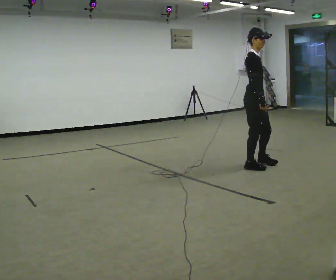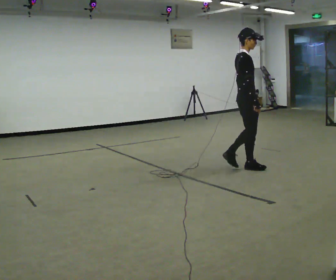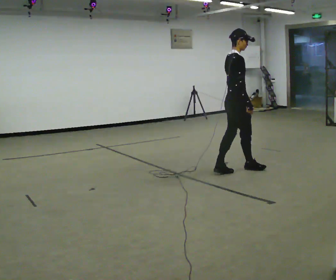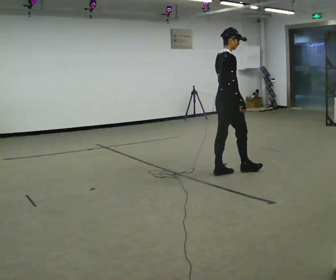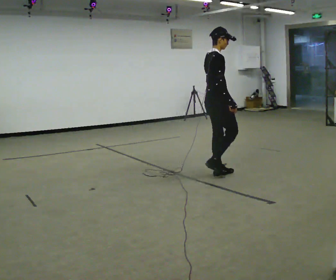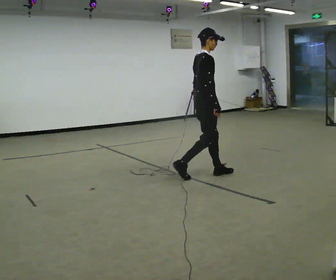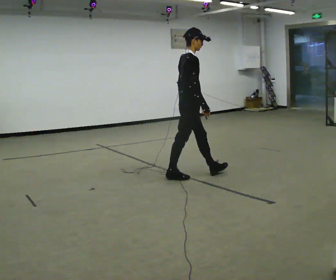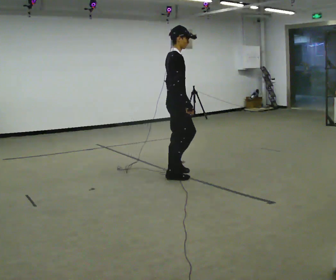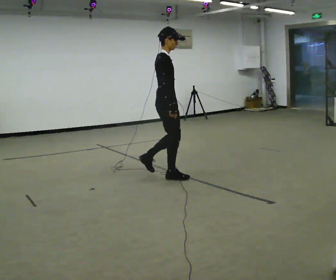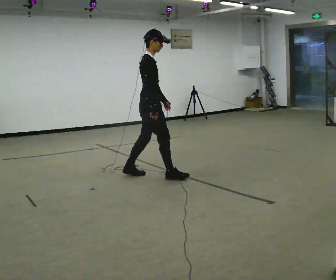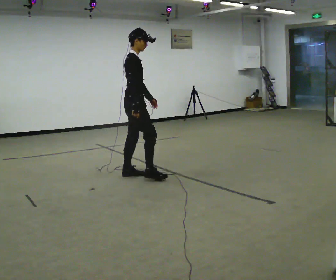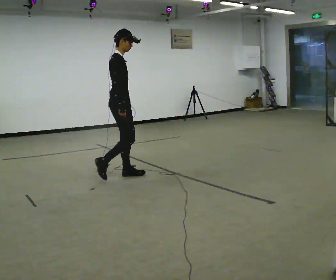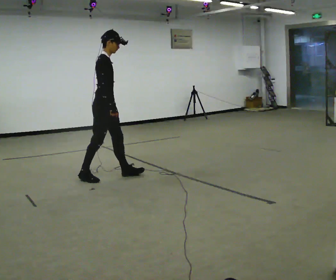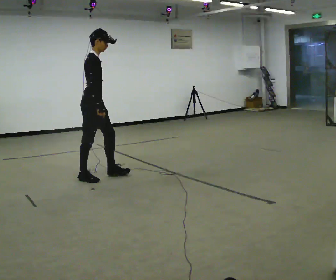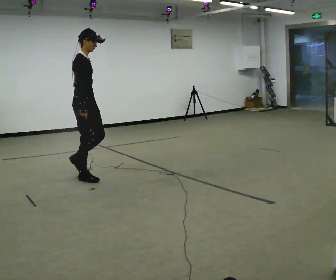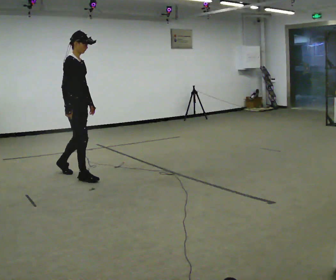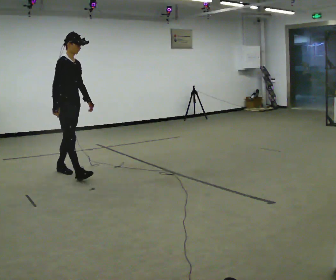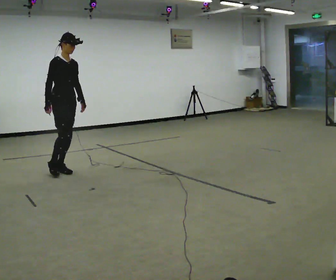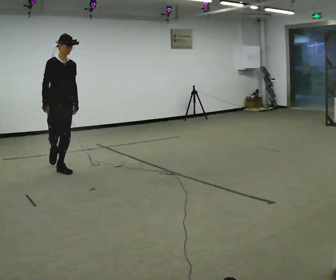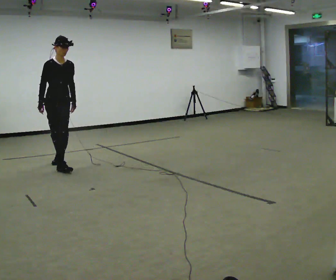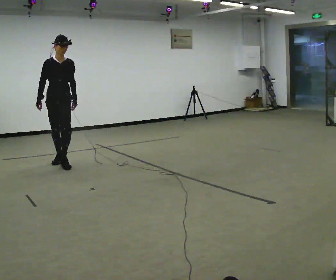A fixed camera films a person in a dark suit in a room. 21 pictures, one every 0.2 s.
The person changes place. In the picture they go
to the left.
The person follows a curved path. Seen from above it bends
clockwise.
0.0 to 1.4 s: The part of the body nearest the lens slides to the right as the person turns to their left by about 30 degrees. In the picture they go to the left, about 1 m in 2 steps, which for them is backward.
1.4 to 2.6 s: In the picture they go to the left, about 1 m in 2 steps, which for them is backward.
2.6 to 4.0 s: The part of the body nearest the lens slides to the left as the person turns to their right by about 75 degrees. In the picture they go away from the camera and to the left, about 1 m in 2 steps.
The film runs backward here.
